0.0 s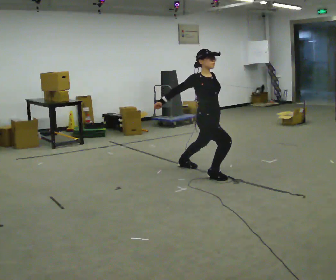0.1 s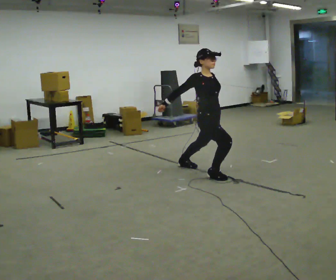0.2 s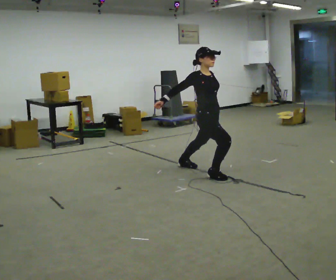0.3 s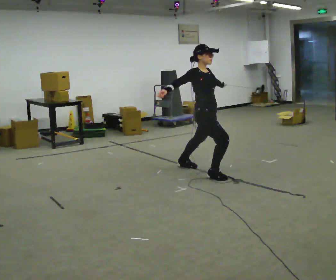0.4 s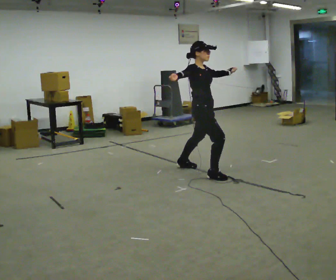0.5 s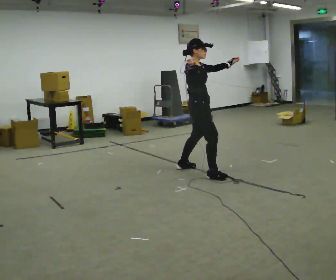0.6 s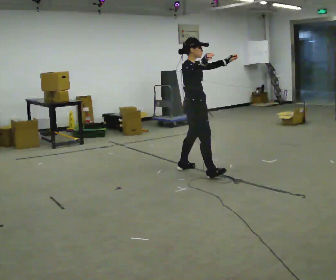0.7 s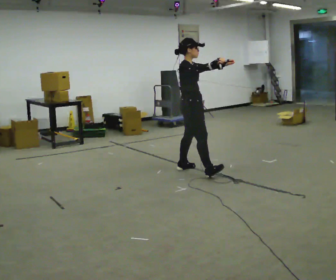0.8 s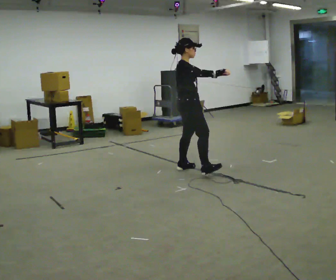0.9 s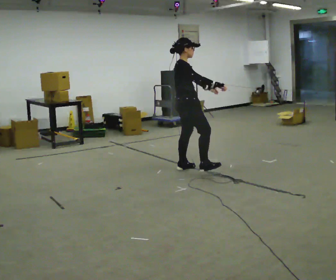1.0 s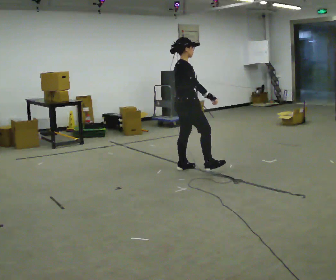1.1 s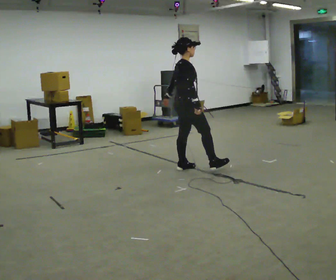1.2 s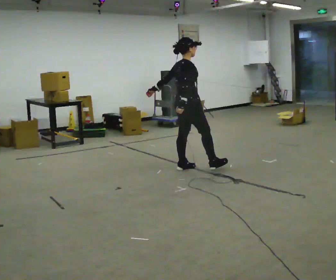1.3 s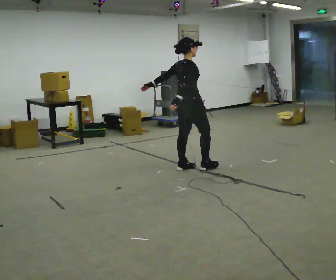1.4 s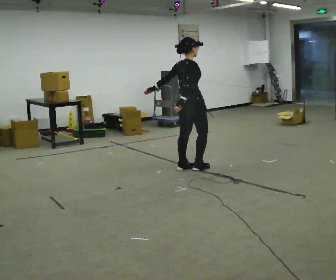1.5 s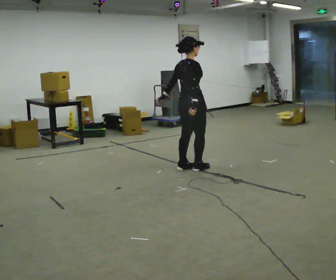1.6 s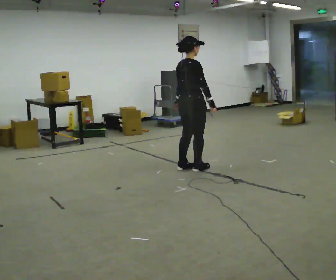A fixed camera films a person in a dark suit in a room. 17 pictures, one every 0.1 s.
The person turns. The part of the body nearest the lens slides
to the right.
The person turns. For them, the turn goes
to their left.
0.0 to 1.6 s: The person turns about 75 degrees to their left, counterclockwise seen from above, so the part of the body nearest the lens slides to the right. In the picture they go away from the camera and to the left, about 0.25 m in 2 steps. The shoulders move upward.
The film runs forward here.
